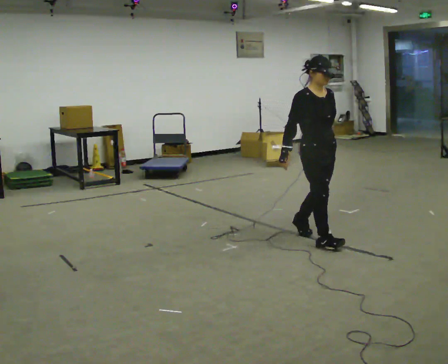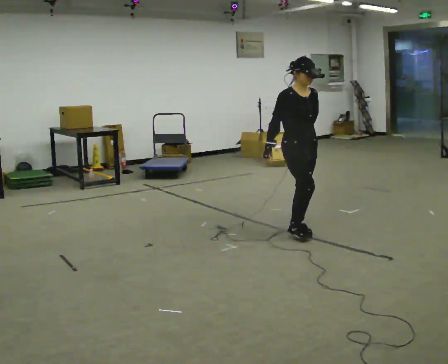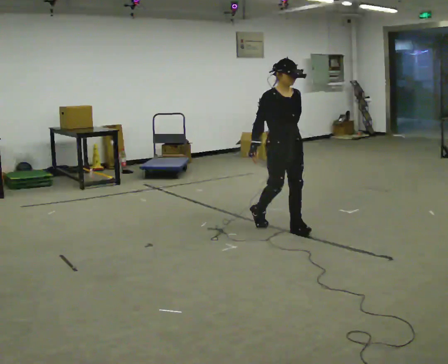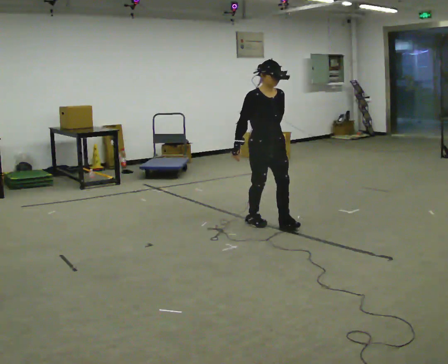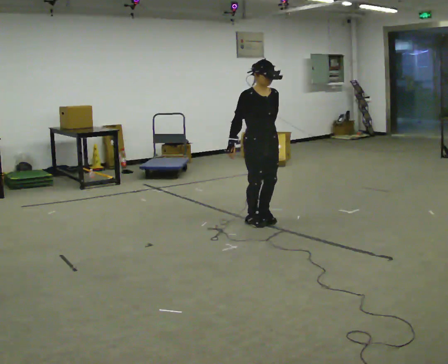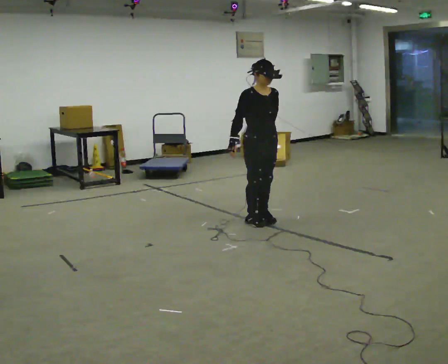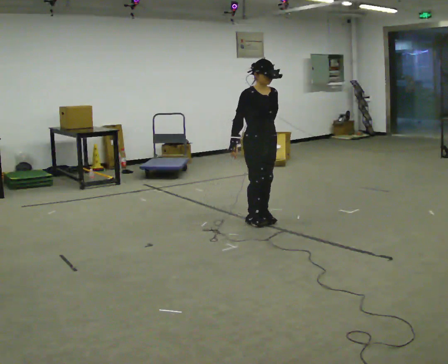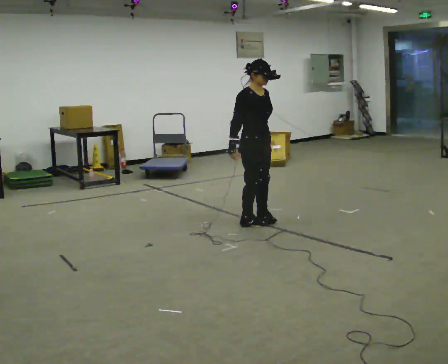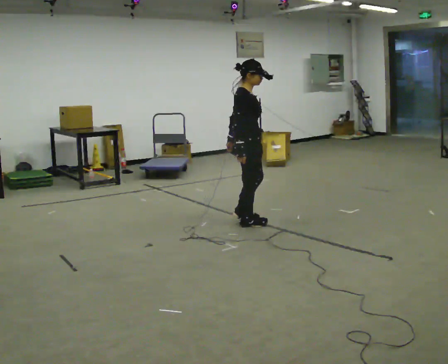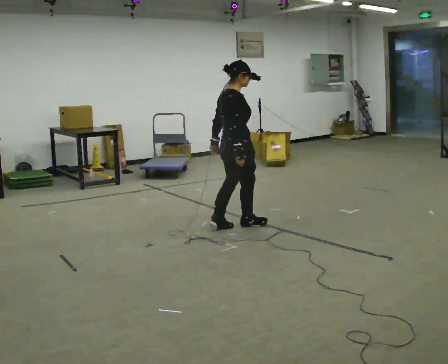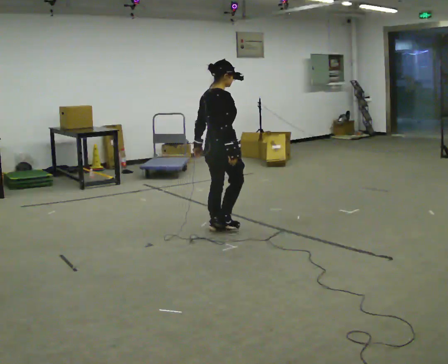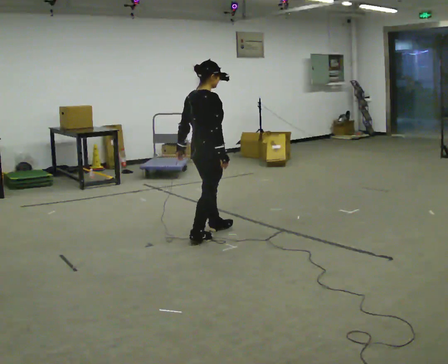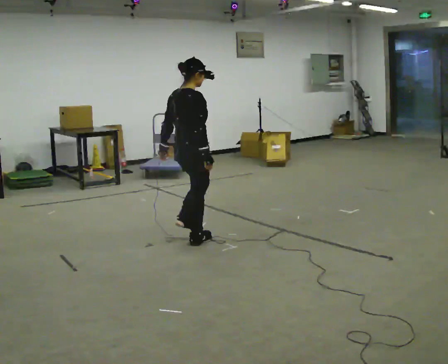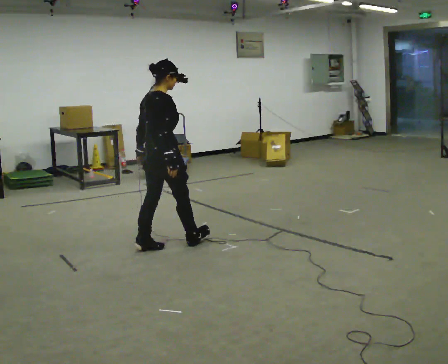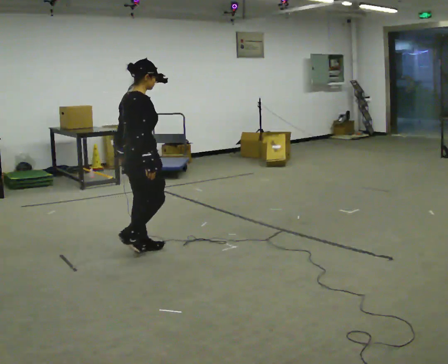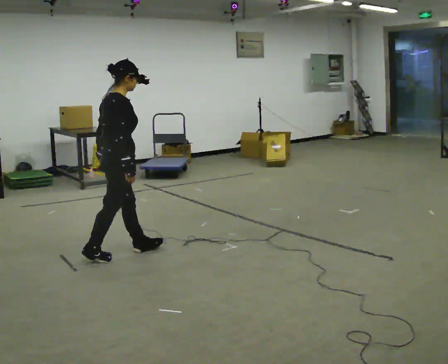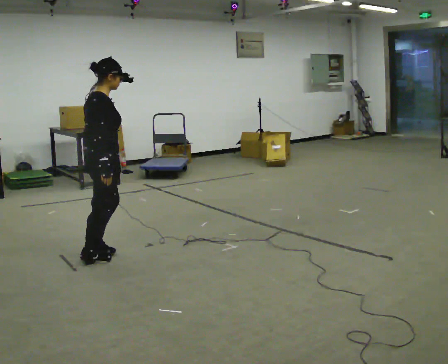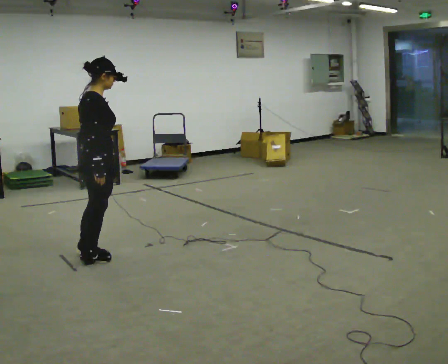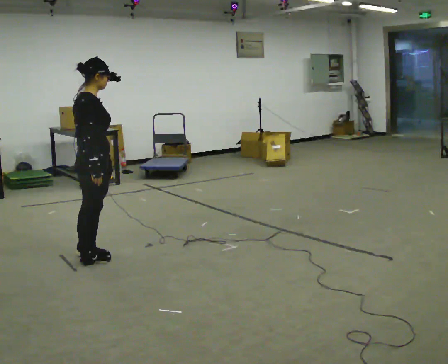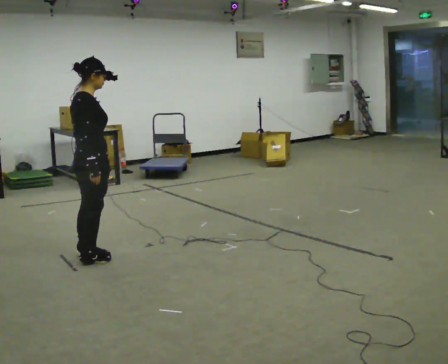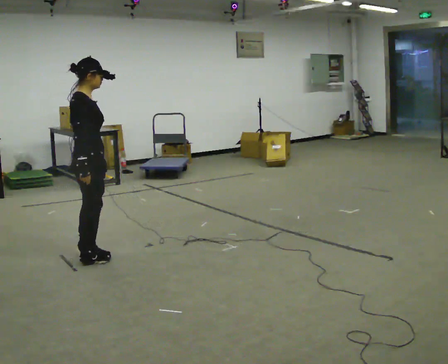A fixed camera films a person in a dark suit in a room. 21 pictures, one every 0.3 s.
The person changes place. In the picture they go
to the left.
0.0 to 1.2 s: In the picture they go away from the camera and to the left, about 0.5 m in 2 steps, which for them is backward.
1.2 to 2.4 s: Seen from above the body turns counterclockwise, about 60 degrees: to their left, with its near side sliding to the right.
2.4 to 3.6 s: The part of the body nearest the lens slides to the right as the person turns to their left by about 45 degrees. In the picture they go to the left and toward the camera, about 0.5 m in 2 steps, which for them is backward.
3.6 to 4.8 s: In the picture they go to the left and toward the camera, about 1 m in 2 steps, which for them is backward.
4.8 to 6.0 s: The person moves a little, or ends about where they began.
The film runs backward here.
